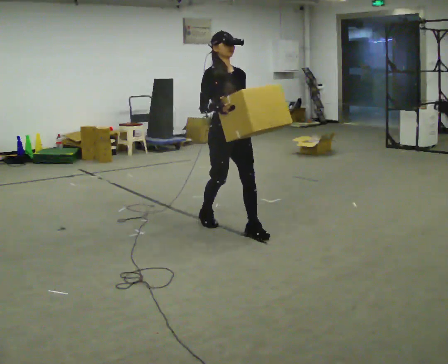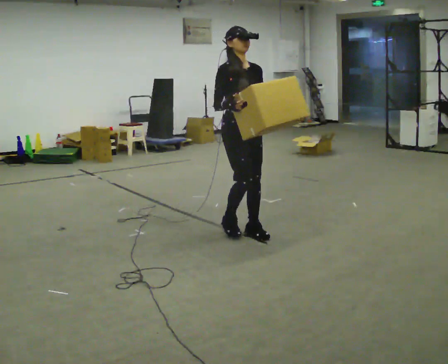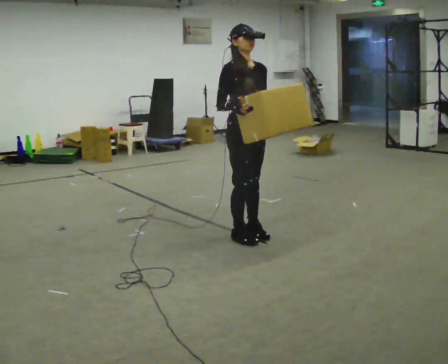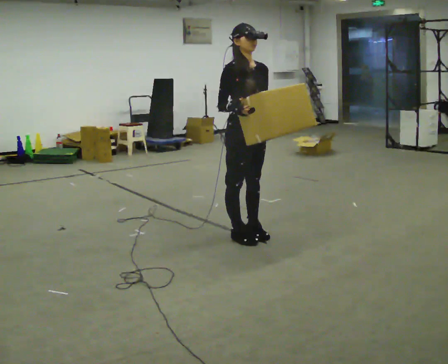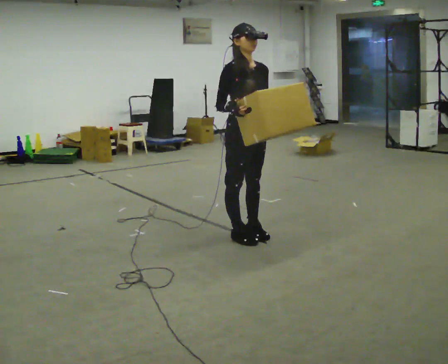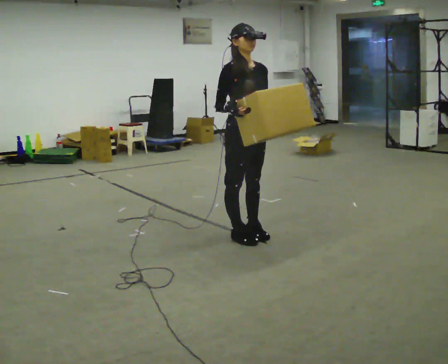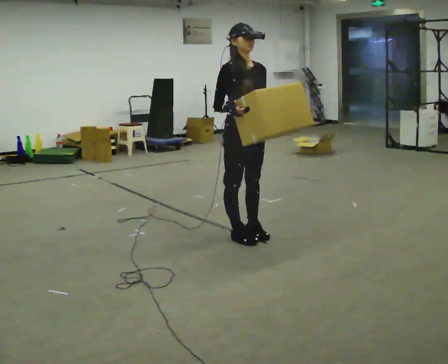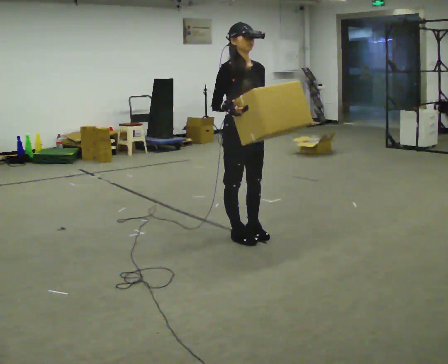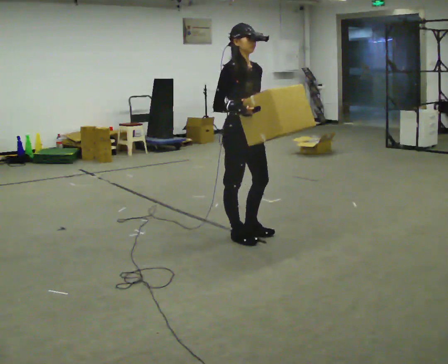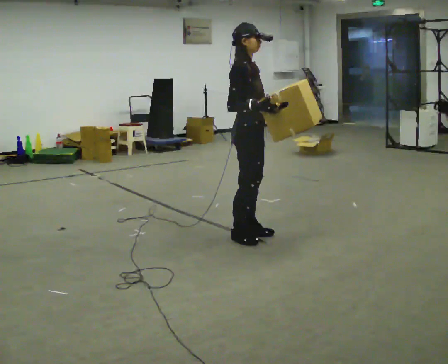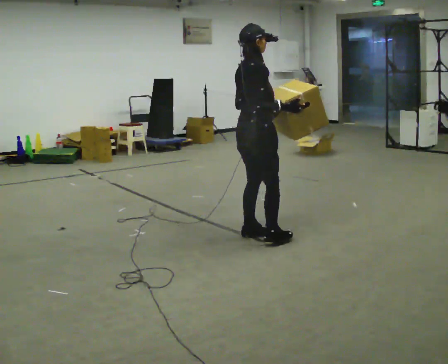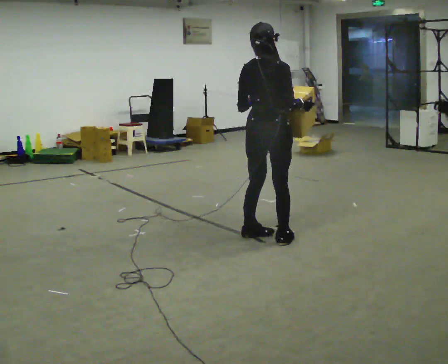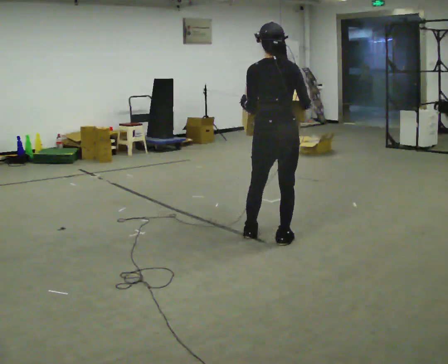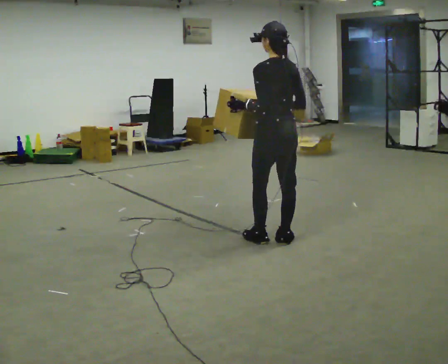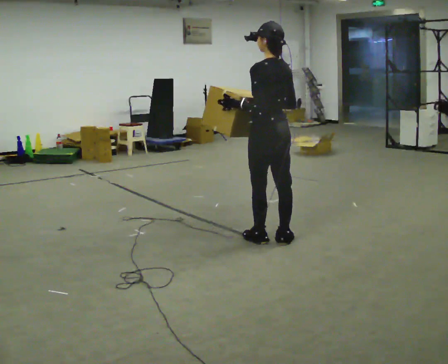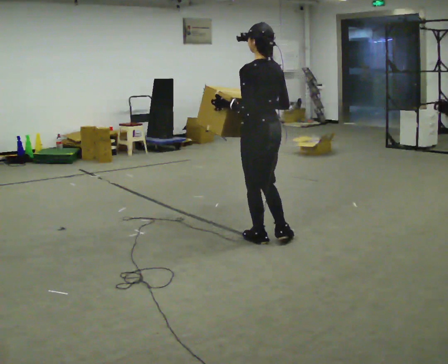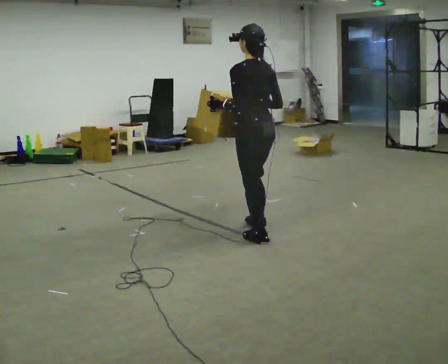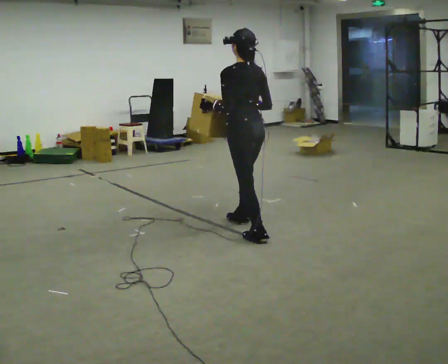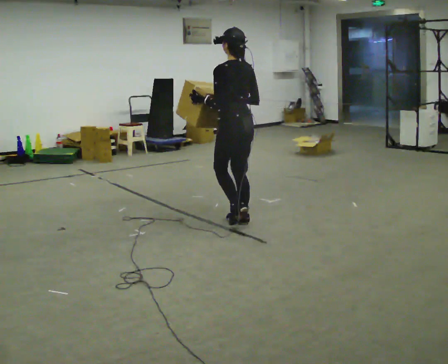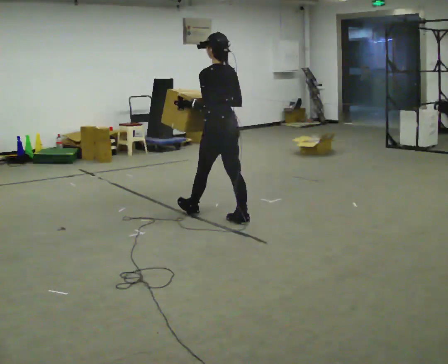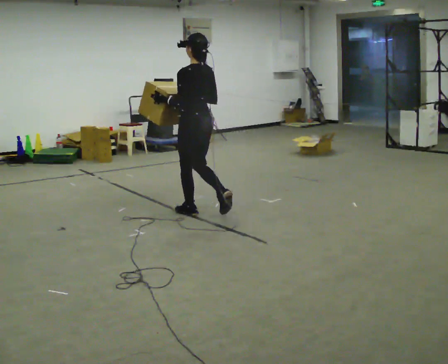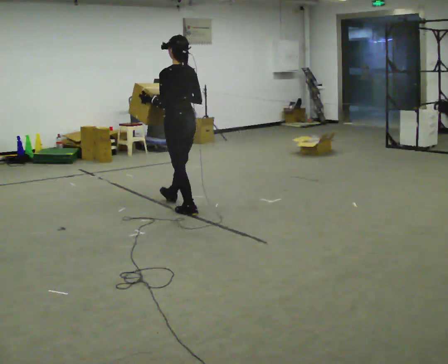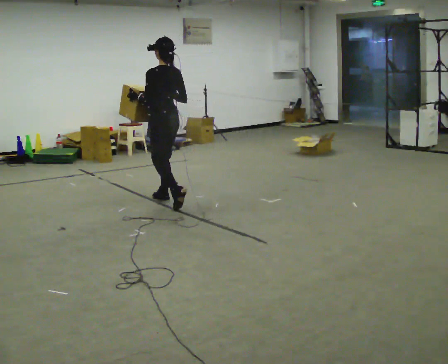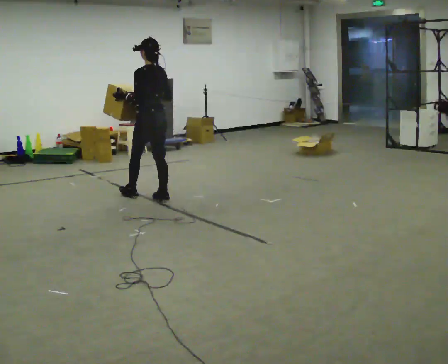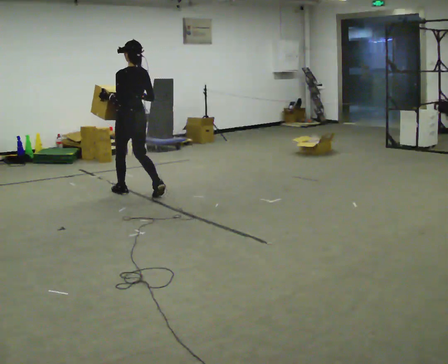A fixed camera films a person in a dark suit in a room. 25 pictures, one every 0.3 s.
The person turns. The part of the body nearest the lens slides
to the right.
The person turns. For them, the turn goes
to their left.
0.0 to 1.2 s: In the picture they go toward the camera and to the right, about 0.25 m in 1 step, which for them is forward.
1.2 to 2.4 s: The person moves a little, or ends about where they began.
2.4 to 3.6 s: The part of the body nearest the lens slides to the right as the person turns to their left by about 135 degrees. In the picture they go to the right, about 0.25 m in 1 step.
3.6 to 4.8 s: The person turns about 30 degrees to their left, counterclockwise seen from above, so the part of the body nearest the lens slides to the right. In the picture they go to the left, about 0.25 m in 1 step, which for them is forward. In the picture their right hand goes to the left.
4.8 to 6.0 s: In the picture they go to the left and away from the camera, about 1 m in 2 steps, which for them is forward.
6.0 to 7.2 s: In the picture they go to the left and away from the camera, about 1 m in 2 steps, which for them is forward.
The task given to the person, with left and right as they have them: Carry the box across the room as briskly as you comfortably can, back and forth. Do not run.
The film runs forward here.
